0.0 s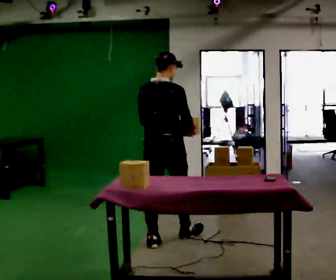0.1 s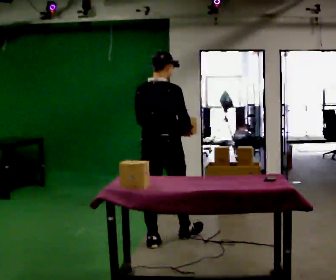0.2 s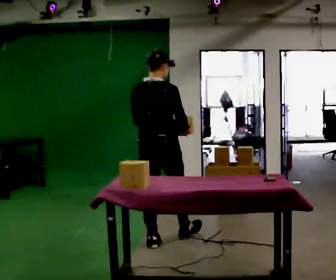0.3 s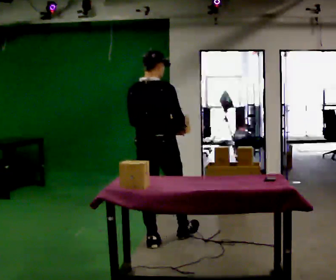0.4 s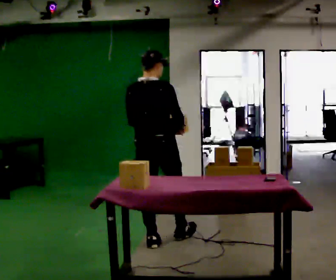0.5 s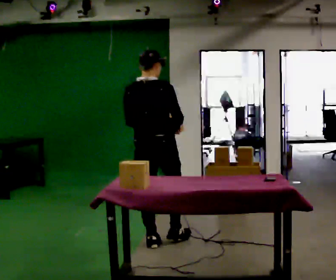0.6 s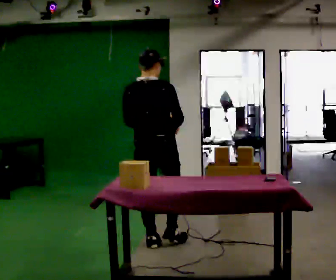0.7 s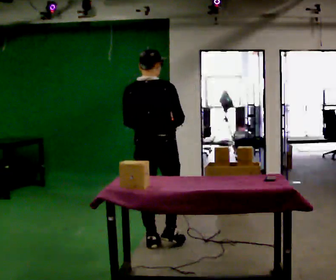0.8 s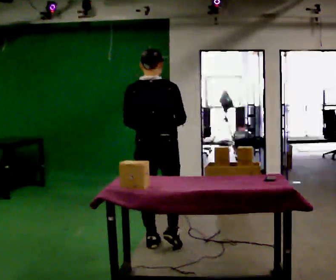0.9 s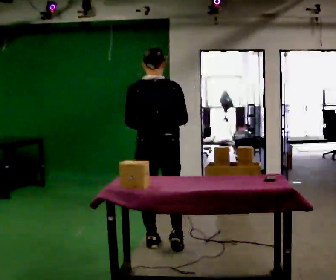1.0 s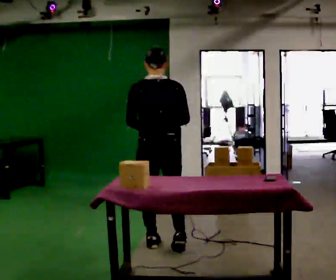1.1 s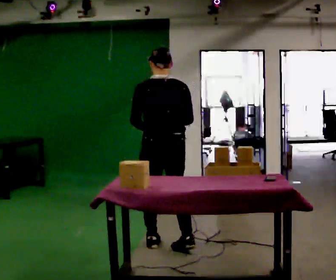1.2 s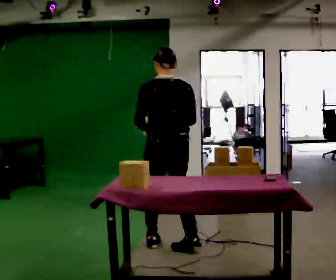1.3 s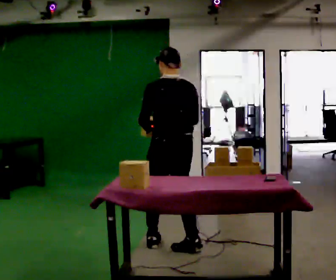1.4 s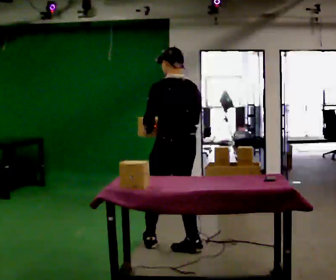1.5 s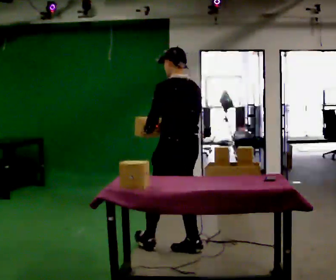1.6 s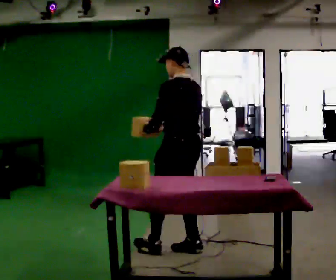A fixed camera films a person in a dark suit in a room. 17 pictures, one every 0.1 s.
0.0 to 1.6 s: The part of the body nearest the lens slides to the right as the person turns to their left by about 75 degrees. In the picture they go toward the camera and to the right, about 0.25 m in 2 steps.
The film runs backward here.
